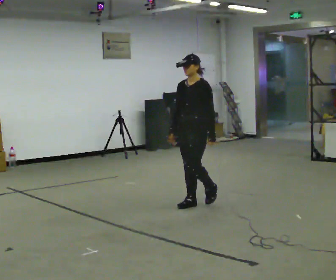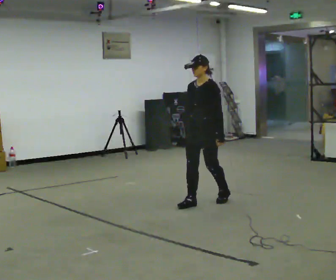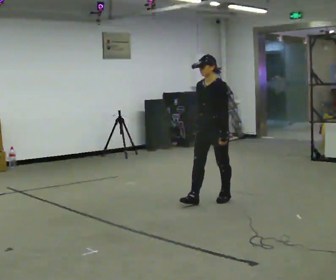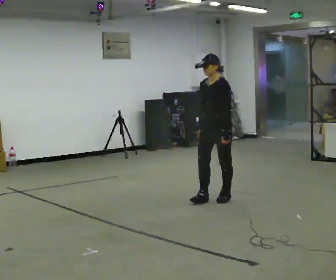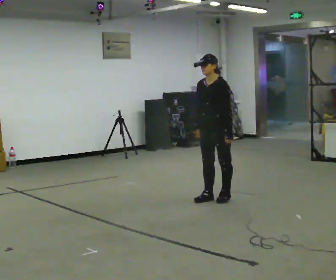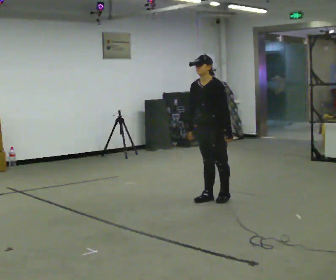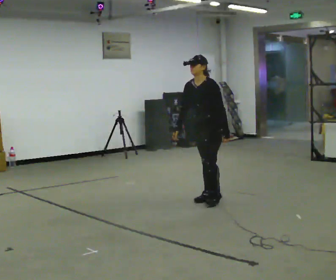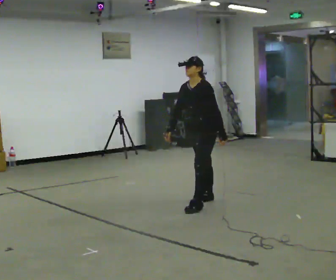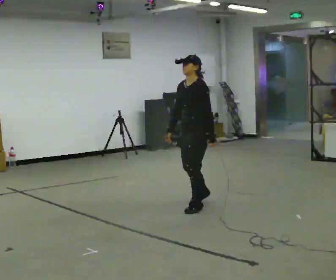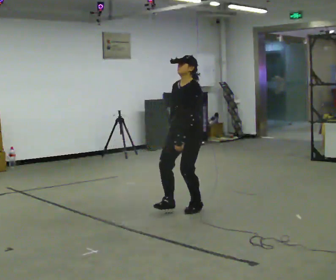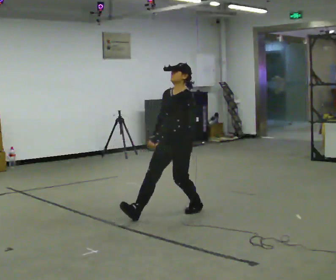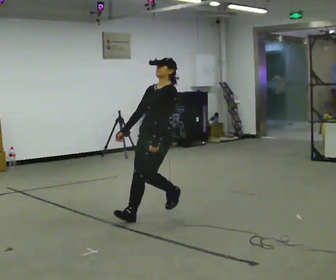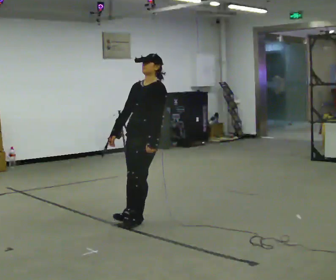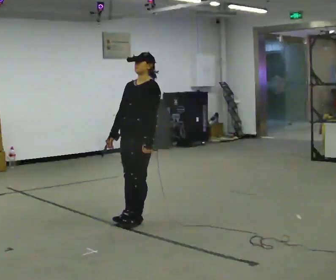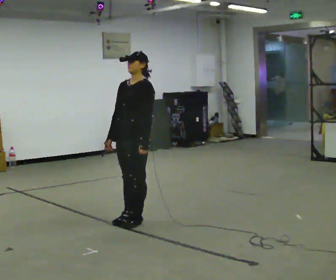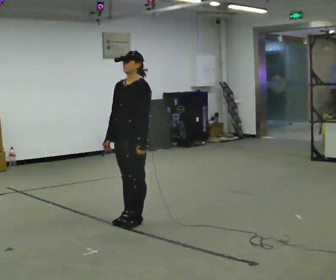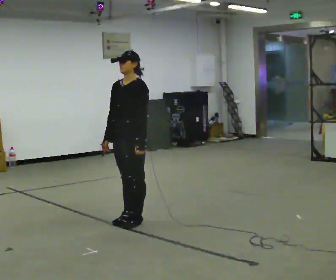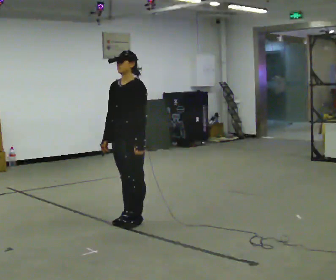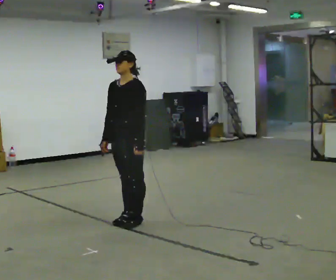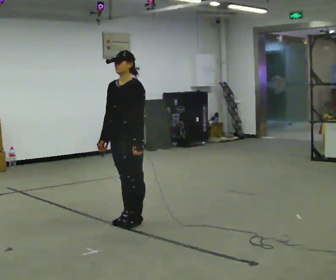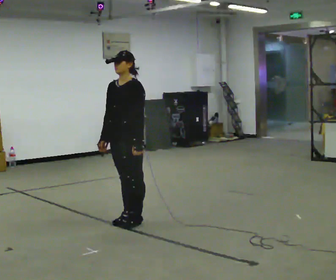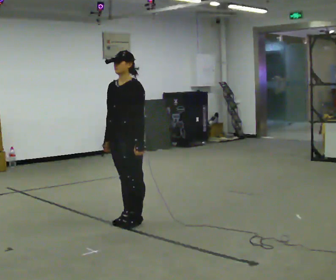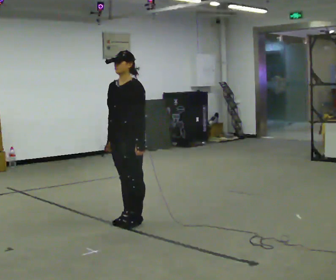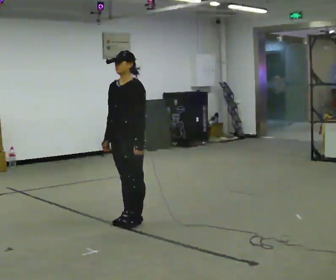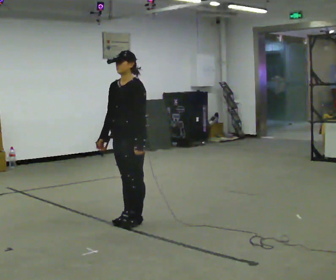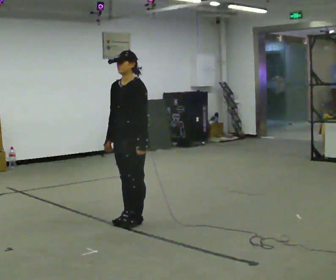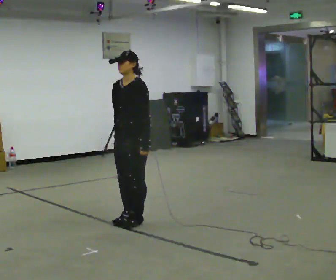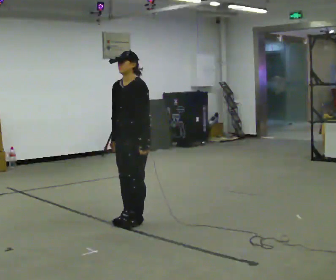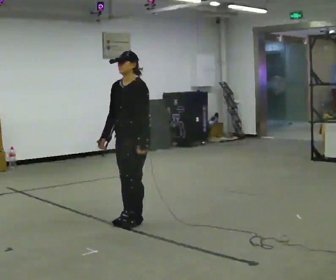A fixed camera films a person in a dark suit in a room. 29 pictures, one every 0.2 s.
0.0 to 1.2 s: In the picture they go away from the camera and to the right, about 0.25 m in 2 steps, which for them is backward.
1.2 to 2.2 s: In the picture they go toward the camera and to the left, about 1 m in 2 steps, which for them is forward. In the picture the upper body tilts clockwise, shoulders to the right, as they lean back or straighten.
2.2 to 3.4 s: In the picture they go to the left and toward the camera, about 0.25 m, which for them is forward.
3.4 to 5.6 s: The person moves a little, or ends about where they began.
The film runs backward here.
